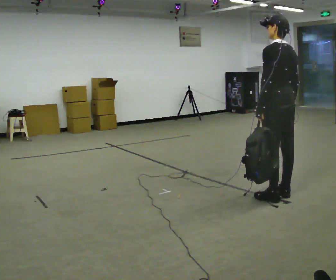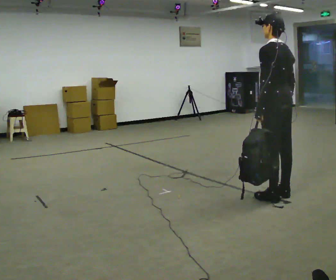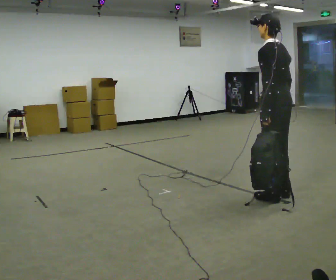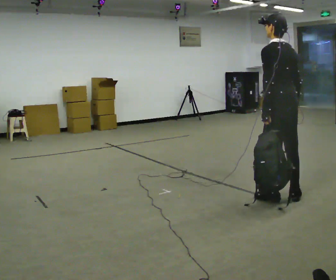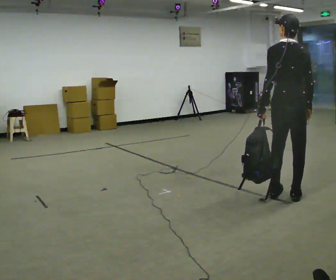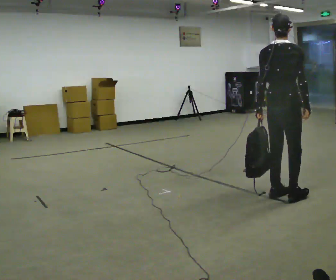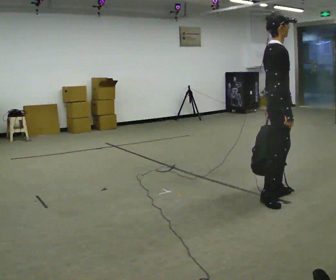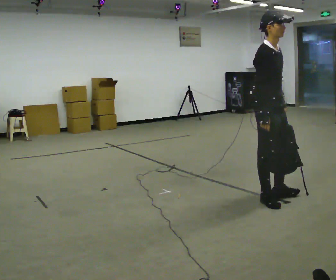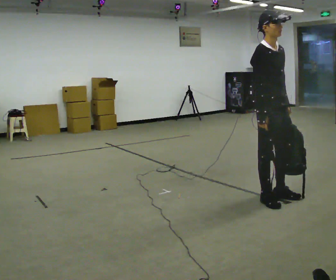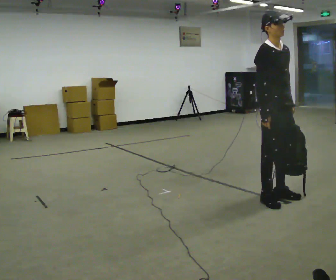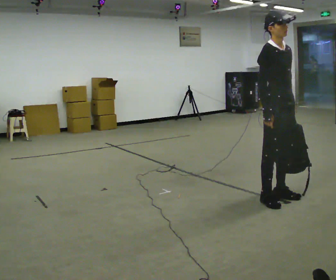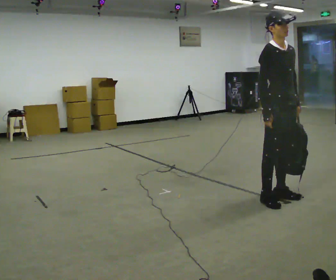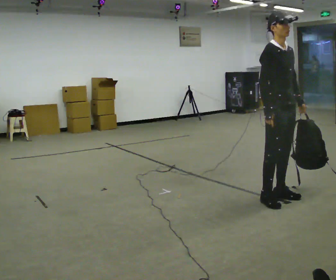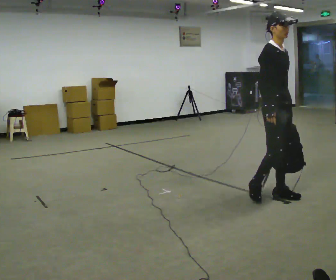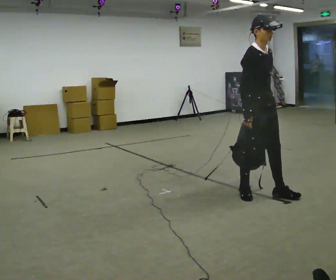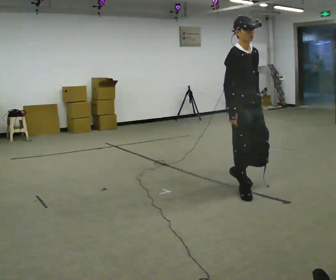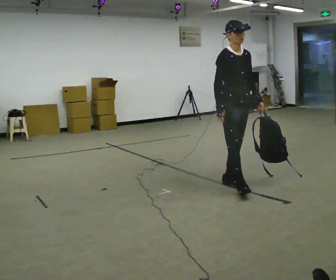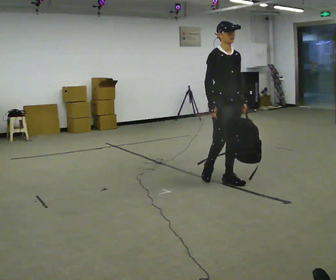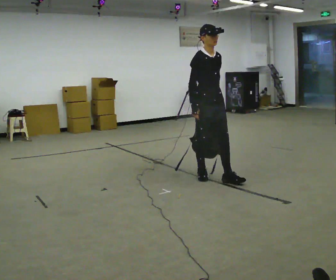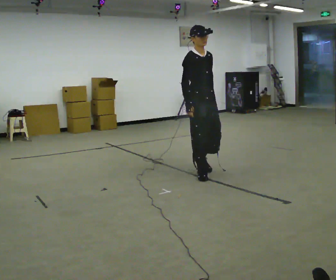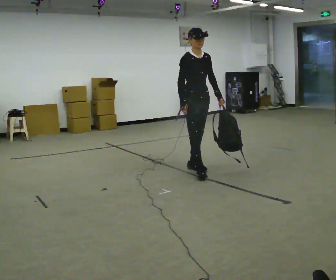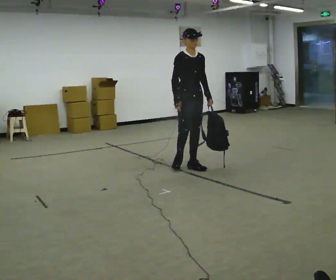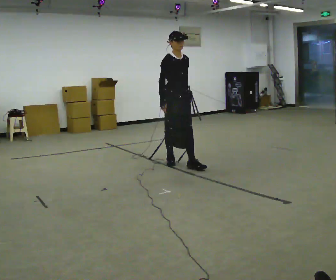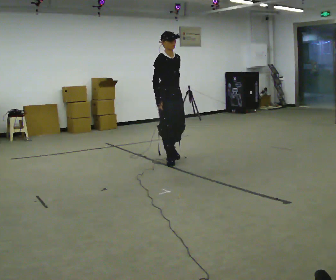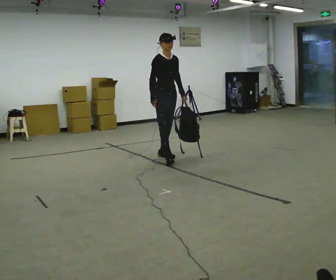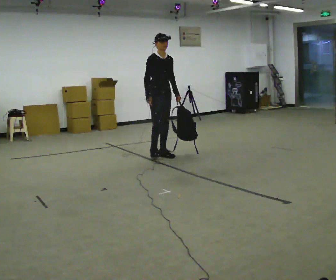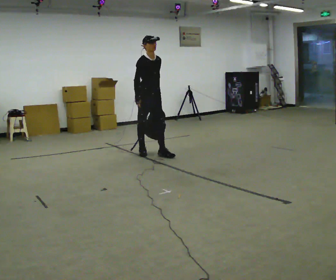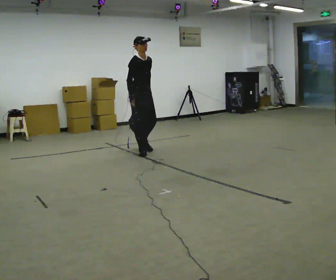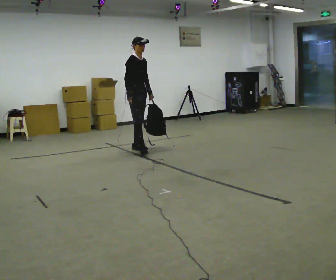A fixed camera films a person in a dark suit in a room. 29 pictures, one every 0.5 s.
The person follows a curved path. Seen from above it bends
clockwise.
0.0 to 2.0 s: The person moves a little, or ends about where they began.
2.0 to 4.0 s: Seen from above the body turns clockwise, about 135 degrees: to their right, with its near side sliding to the left. In the picture they go to the left, about 0.25 m in 1 step. The upper body tips toward the camera, its near side rolling downward.
4.0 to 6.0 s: The person moves a little, or ends about where they began.
6.0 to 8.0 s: In the picture they go to the left and away from the camera, about 0.5 m in 2 steps, which for them is backward.
8.0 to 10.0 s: In the picture they go away from the camera and to the left, about 1 m in 2 steps, which for them is backward.
10.0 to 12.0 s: In the picture they go away from the camera and to the left, about 1 m in 2 steps, which for them is backward.
12.0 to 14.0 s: In the picture they go to the left and away from the camera, about 0.75 m in 2 steps, which for them is backward.
The film runs backward here.
